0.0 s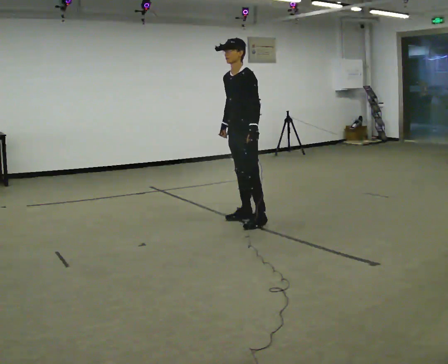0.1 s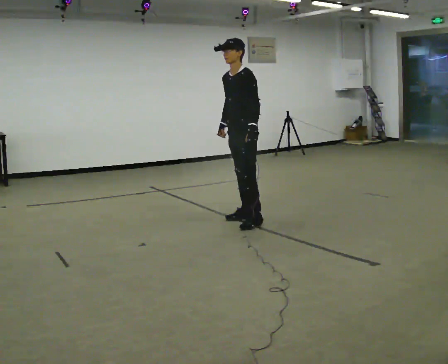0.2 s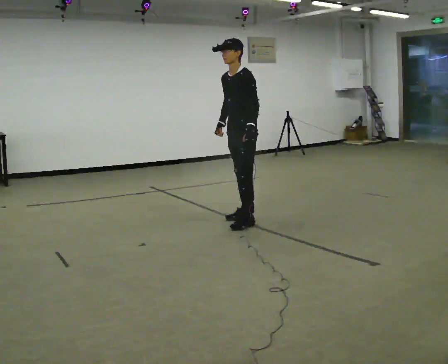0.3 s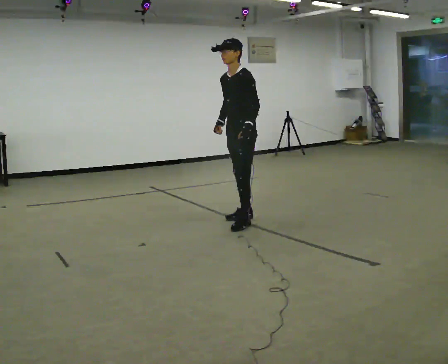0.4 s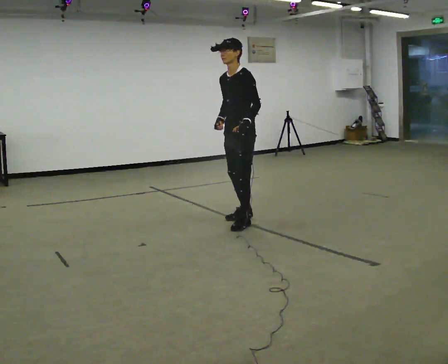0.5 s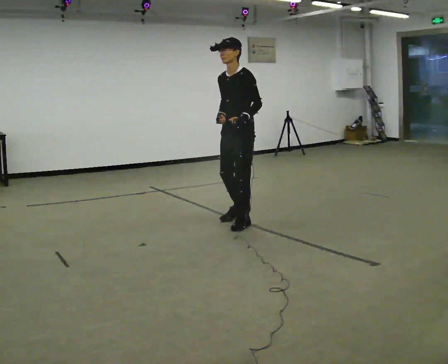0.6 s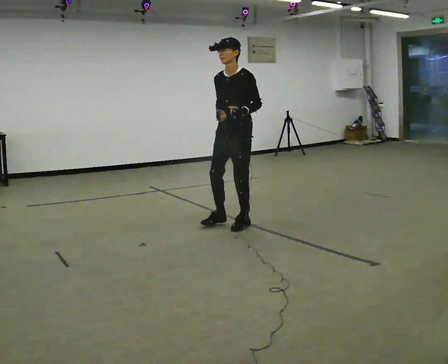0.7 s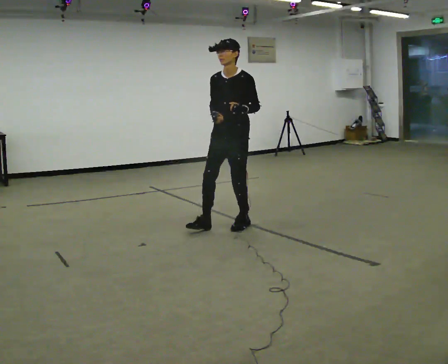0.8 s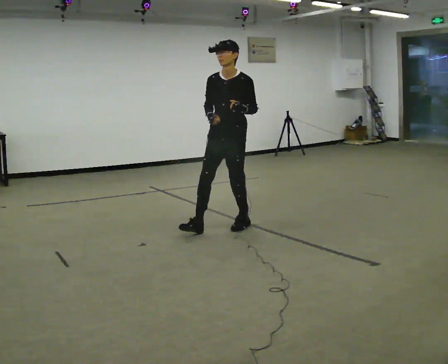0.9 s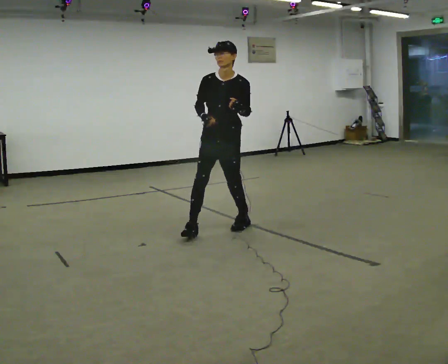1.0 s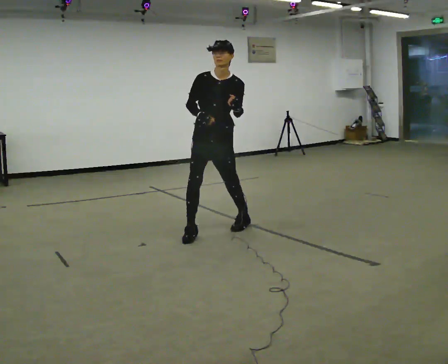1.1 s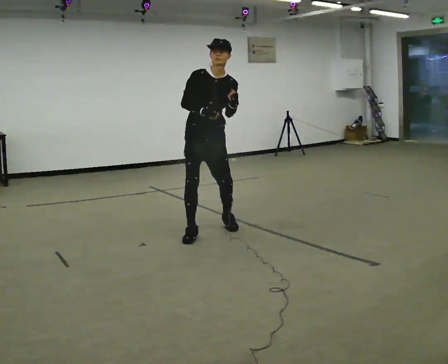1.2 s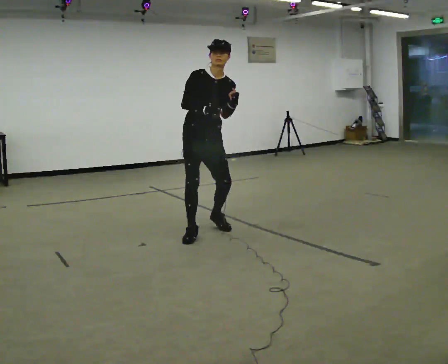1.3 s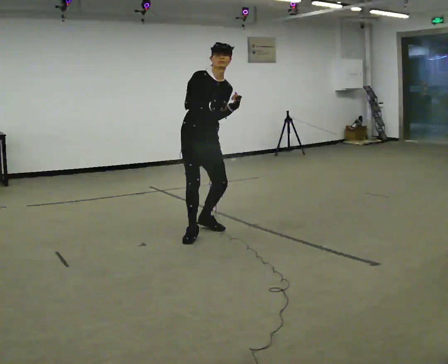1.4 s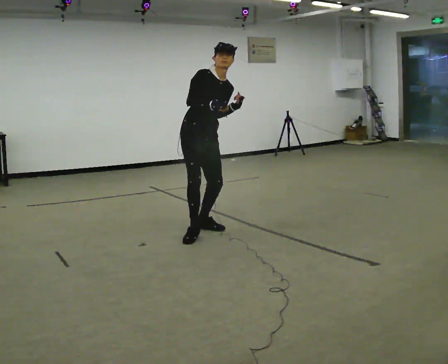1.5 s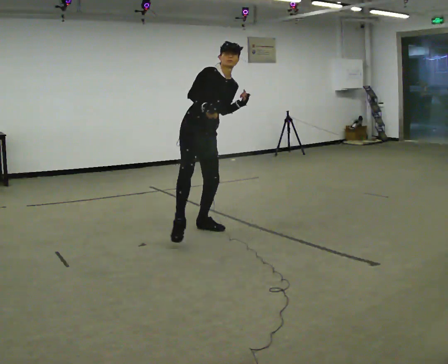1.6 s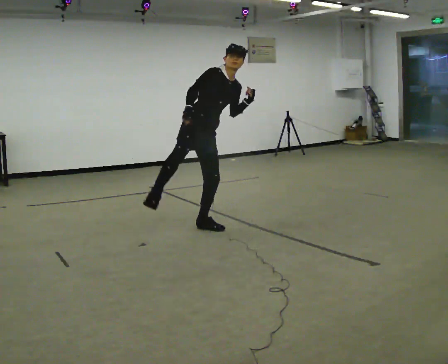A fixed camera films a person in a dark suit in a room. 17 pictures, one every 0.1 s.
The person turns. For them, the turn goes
to their left.
The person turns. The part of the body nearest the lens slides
to the right.
0.0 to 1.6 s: The part of the body nearest the lens slides to the right as the person turns to their left by about 105 degrees. In the picture they go to the left and toward the camera, about 0.5 m in 4 steps. In the picture the upper body tilts clockwise, shoulders to the right.
The film runs backward here.
